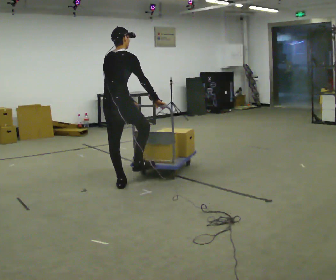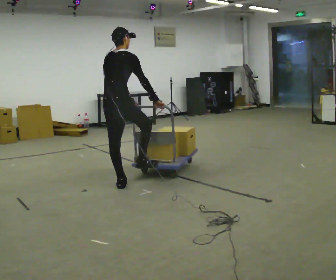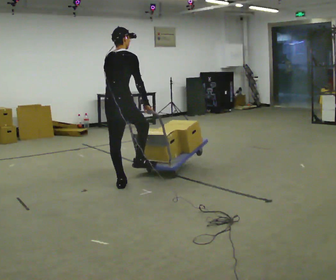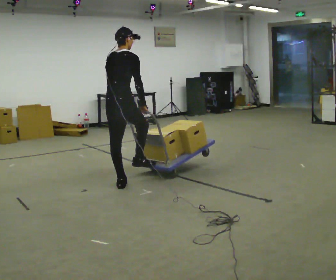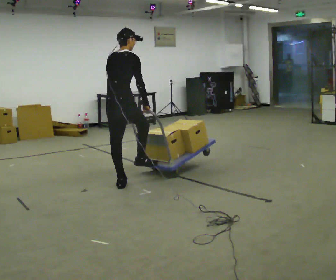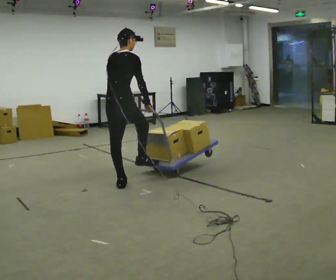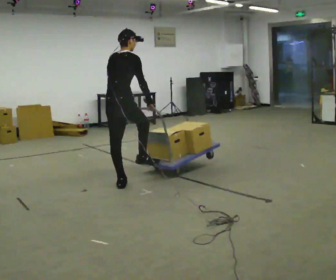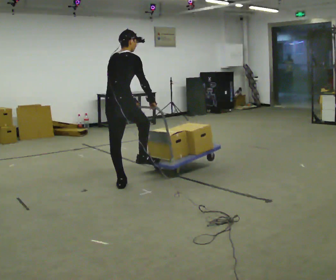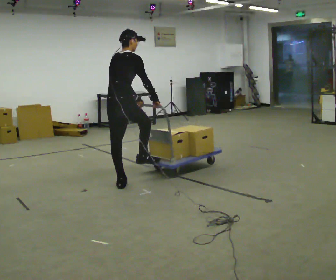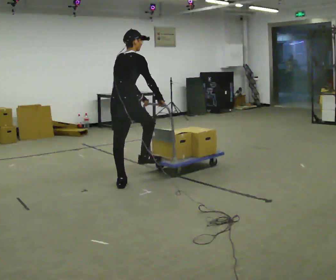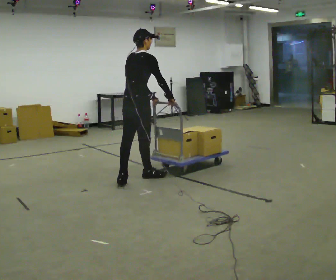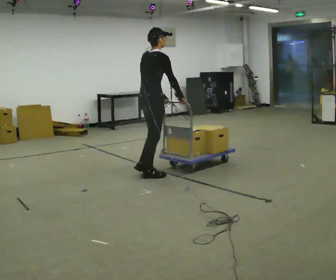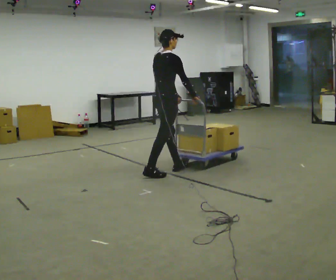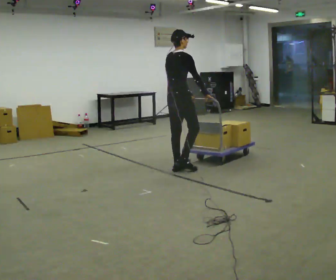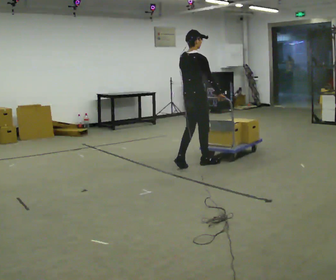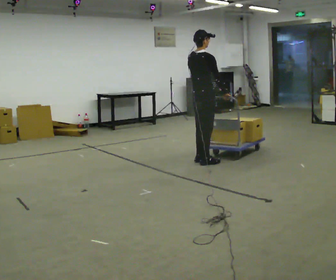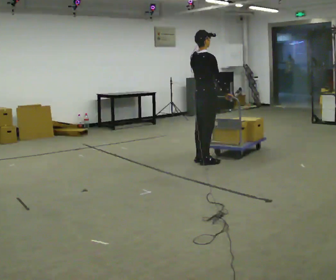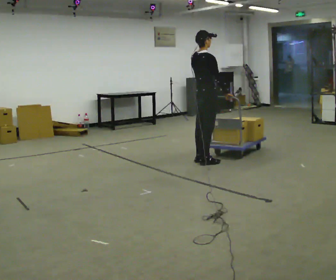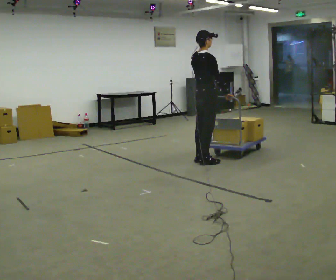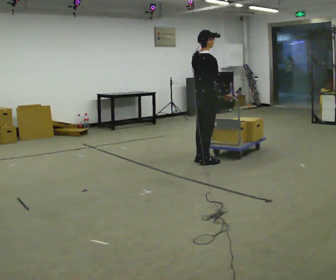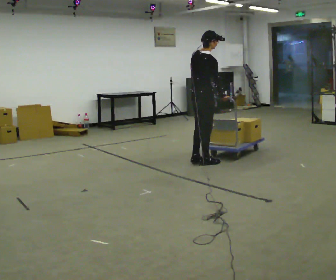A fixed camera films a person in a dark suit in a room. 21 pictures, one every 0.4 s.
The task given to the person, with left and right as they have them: Push the cart along the marked route and round the corner to the side the operator calls.
0.0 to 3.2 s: The person moves a little, or ends about where they began.
3.2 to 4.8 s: The part of the body nearest the lens slides to the left as the person turns to their right by about 30 degrees. In the picture they go to the right and away from the camera, about 0.75 m in 2 steps, which for them is forward.
4.8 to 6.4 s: In the picture they go to the right and away from the camera, about 0.5 m in 2 steps, which for them is forward.
6.4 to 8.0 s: The person moves a little, or ends about where they began.
The film runs forward here.
